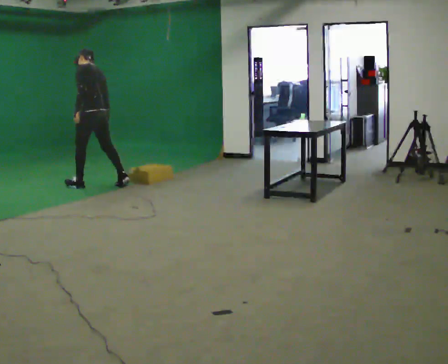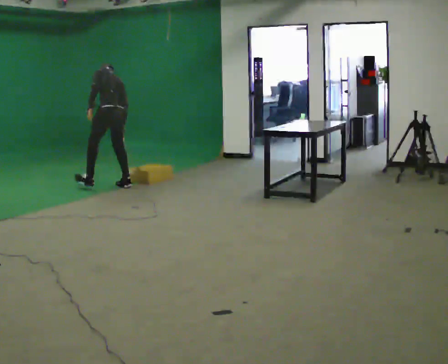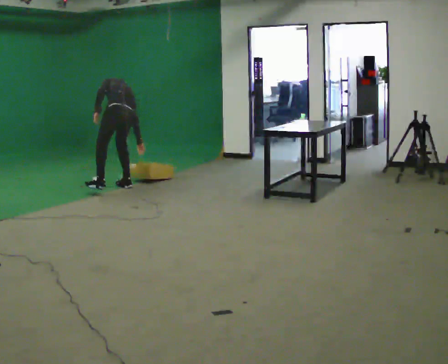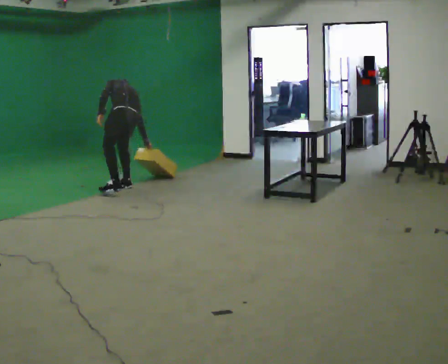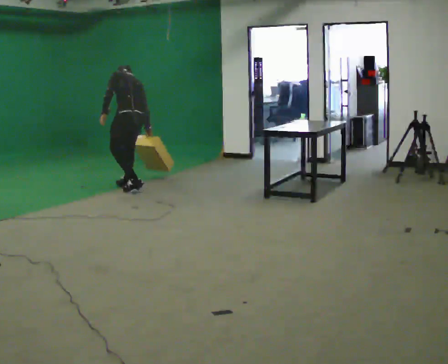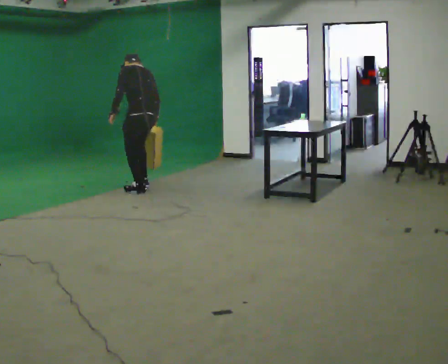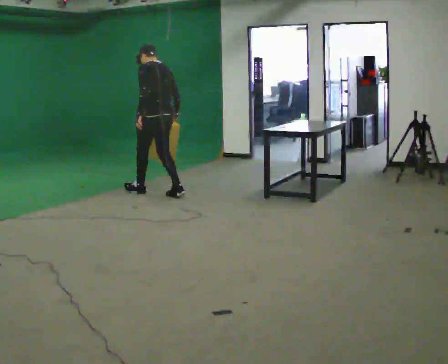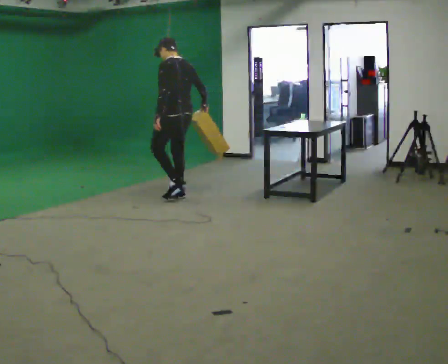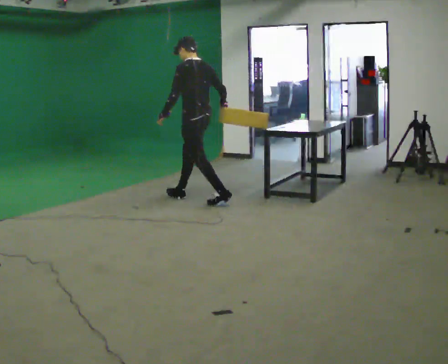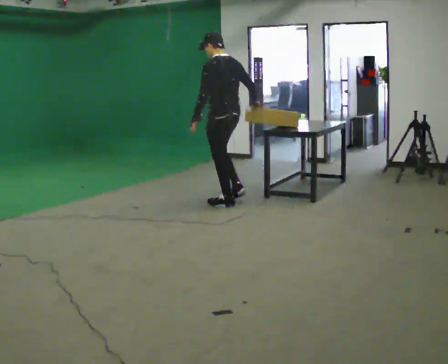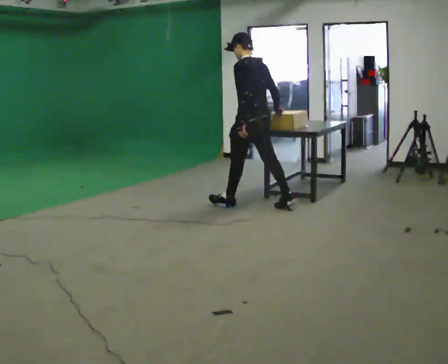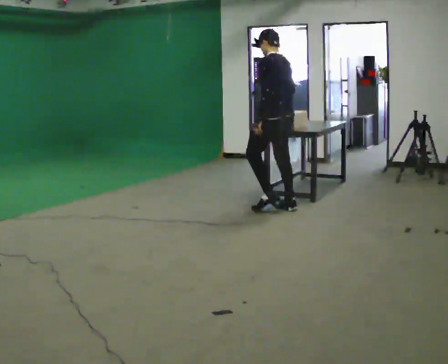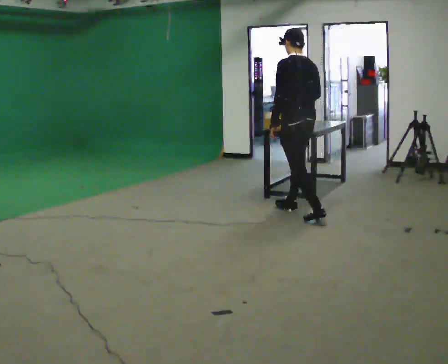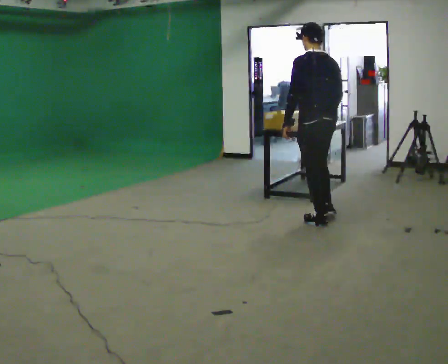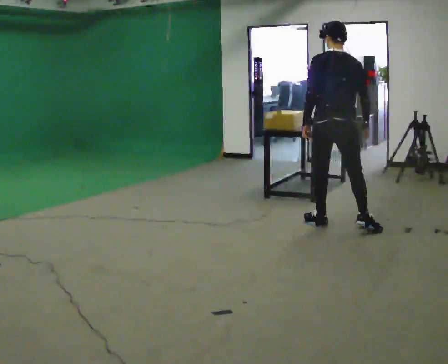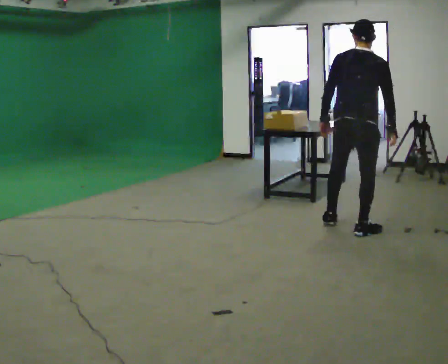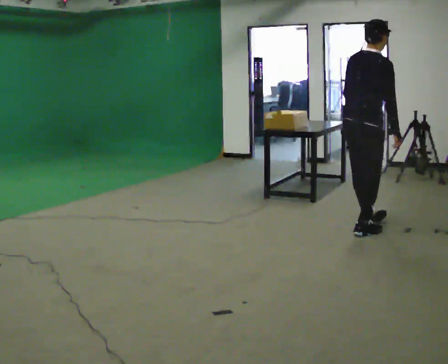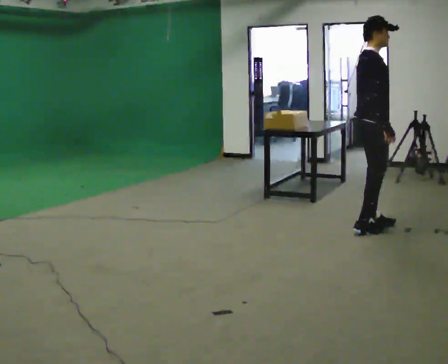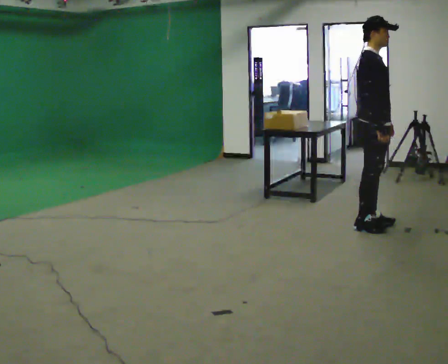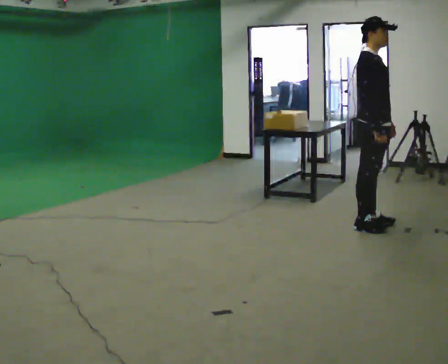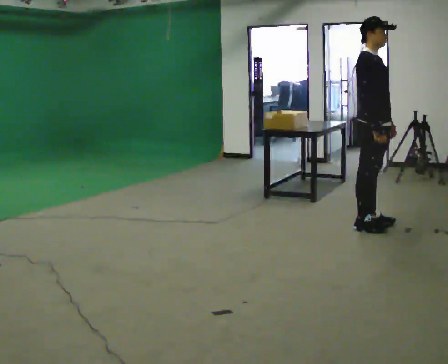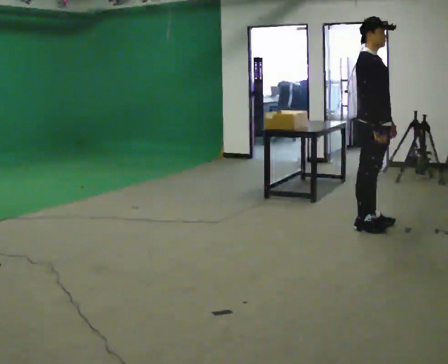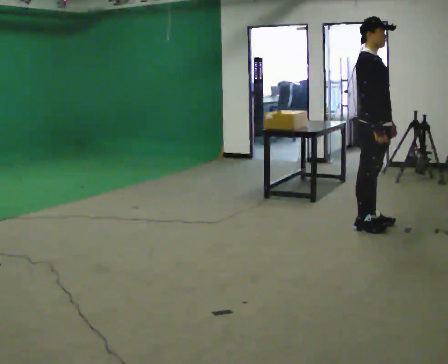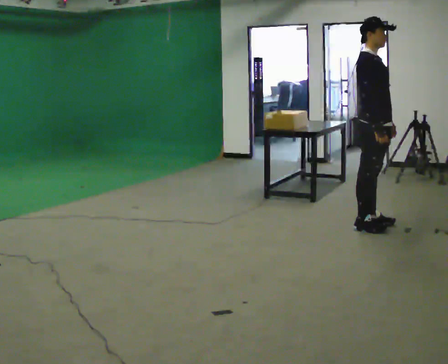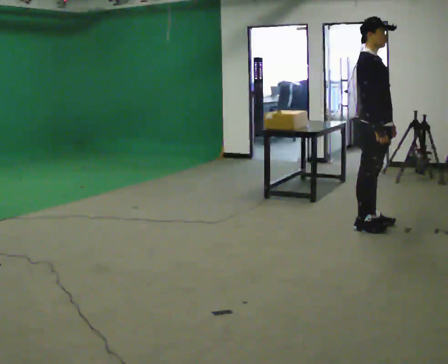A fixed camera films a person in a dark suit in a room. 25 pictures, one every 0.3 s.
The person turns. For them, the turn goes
to their right.
The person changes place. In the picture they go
to the right.
0.0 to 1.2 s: In the picture they go to the right, about 0.5 m in 1 step, which for them is backward and to their right.
1.2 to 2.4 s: In the picture they go to the right, about 1 m in 2 steps, which for them is backward. The upper body goes upward. The upper body tips toward the camera, its near side rolling downward, as they lean back or straighten.
2.4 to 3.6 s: In the picture they go to the right and toward the camera, about 1 m in 2 steps, which for them is backward.
3.6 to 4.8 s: The part of the body nearest the lens slides to the left as the person turns to their right by about 90 degrees. In the picture they go to the right and toward the camera, about 1 m in 2 steps. In the picture the upper body tilts clockwise, shoulders to the right.
4.8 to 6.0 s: The part of the body nearest the lens slides to the left as the person turns to their right by about 60 degrees. In the picture the upper body tilts counterclockwise, shoulders to the left, as they lean back or straighten. In the picture their left hand goes to the right.
6.0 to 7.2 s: The person keeps their place and pose.
The film runs backward here.
